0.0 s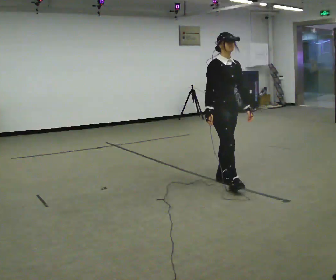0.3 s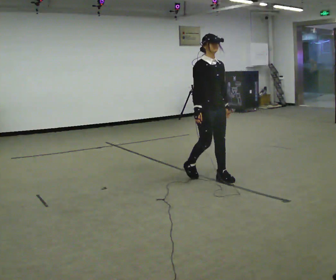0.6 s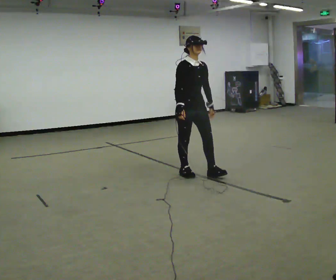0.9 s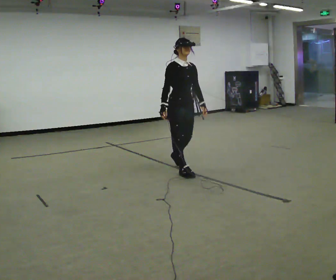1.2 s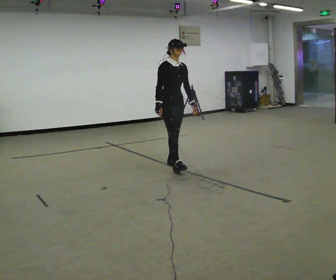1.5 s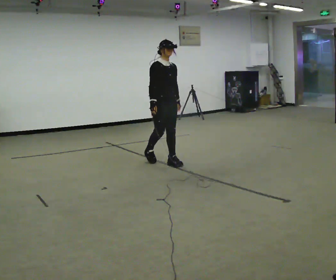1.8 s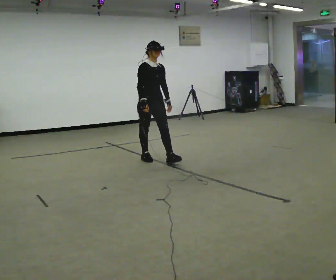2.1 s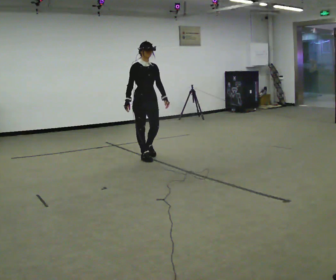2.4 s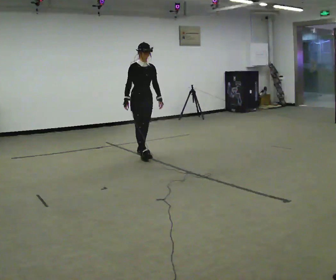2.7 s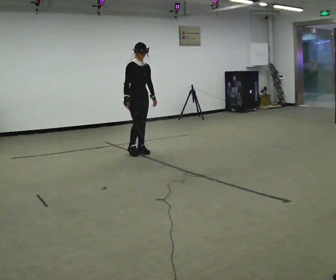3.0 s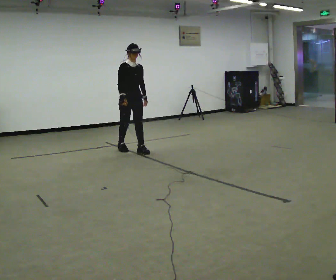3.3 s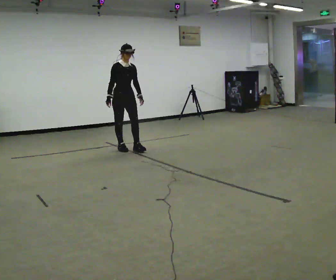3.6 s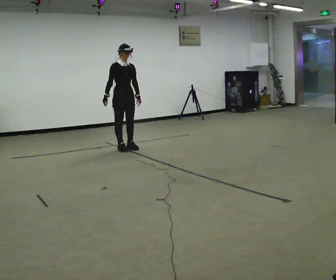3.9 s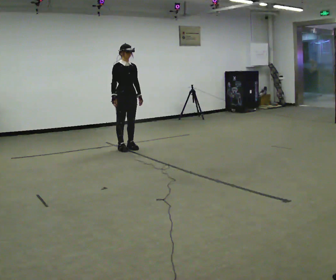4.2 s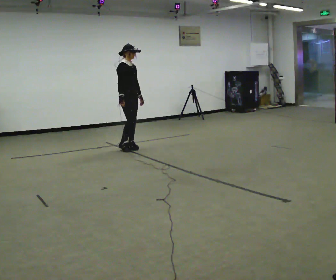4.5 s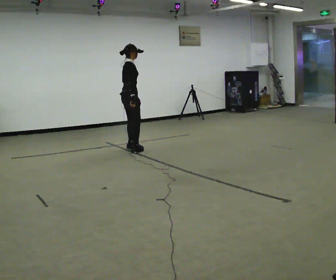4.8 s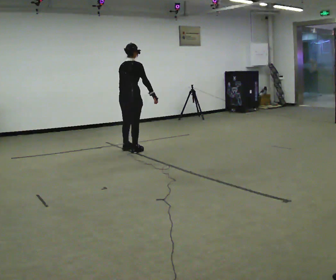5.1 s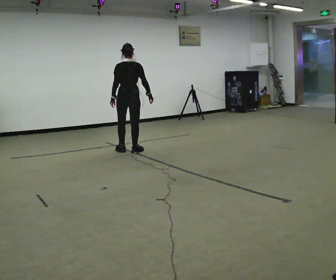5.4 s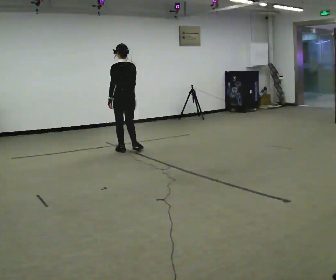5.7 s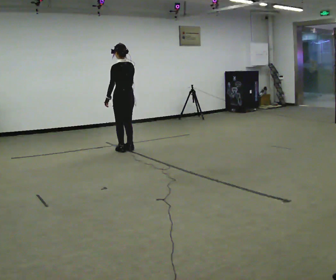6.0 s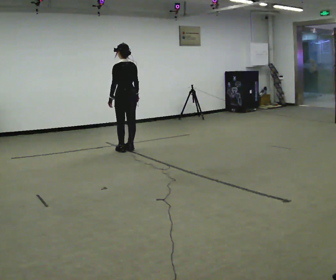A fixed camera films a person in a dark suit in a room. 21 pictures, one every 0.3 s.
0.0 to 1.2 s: In the picture they go away from the camera and to the left, about 1 m in 2 steps, which for them is backward.
1.2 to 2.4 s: In the picture they go away from the camera and to the left, about 1 m in 2 steps, which for them is backward.
2.4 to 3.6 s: In the picture they go away from the camera and to the left, about 0.5 m in 2 steps, which for them is backward.
3.6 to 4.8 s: Seen from above the body turns counterclockwise, about 120 degrees: to their left, with its near side sliding to the right. In the picture they go toward the camera, about 0.25 m in 1 step. In the picture their right hand goes to the right, the arm swinging counterclockwise.
4.8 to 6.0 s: Seen from above the body turns counterclockwise, about 60 degrees: to their left, with its near side sliding to the right.
The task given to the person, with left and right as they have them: Walk backward slowly; stop.
The film runs forward here.
